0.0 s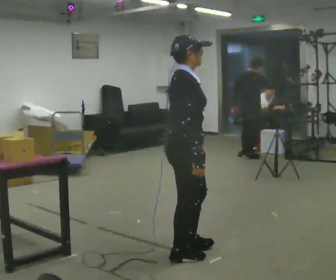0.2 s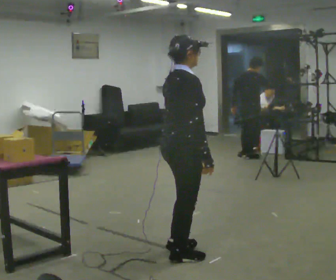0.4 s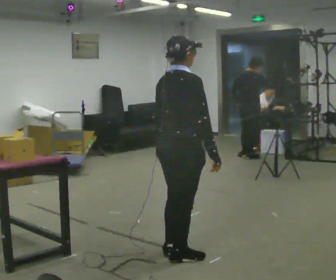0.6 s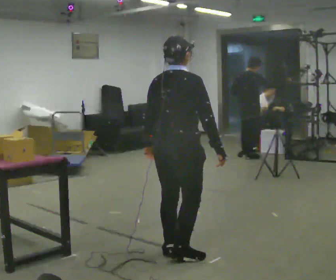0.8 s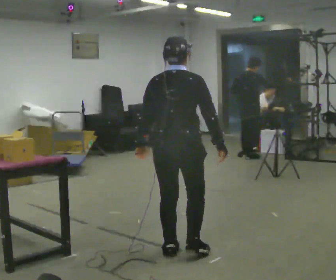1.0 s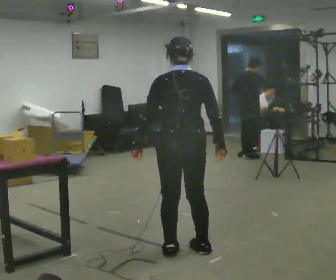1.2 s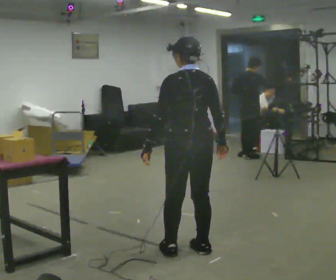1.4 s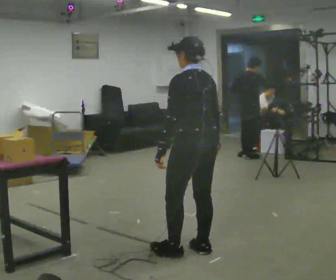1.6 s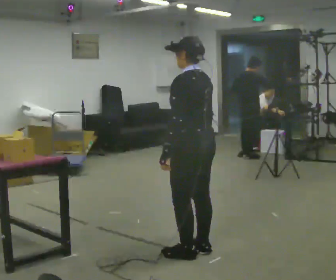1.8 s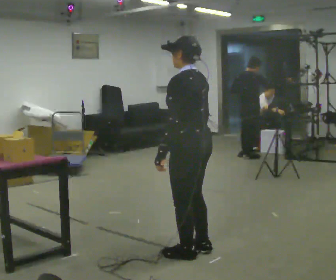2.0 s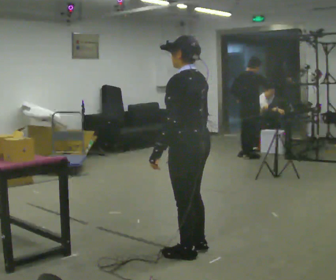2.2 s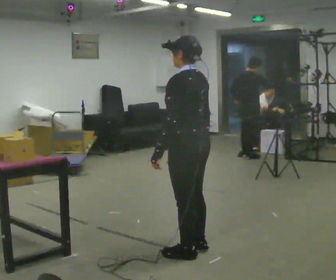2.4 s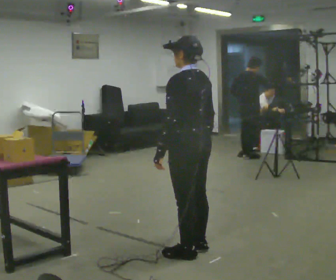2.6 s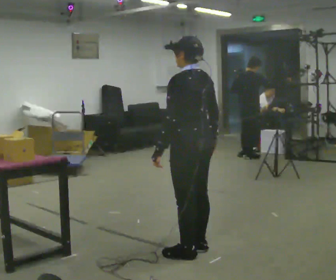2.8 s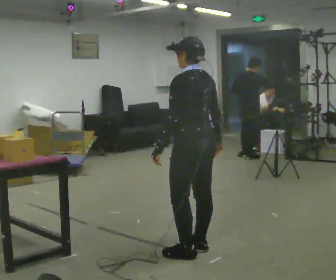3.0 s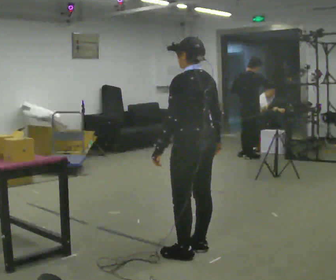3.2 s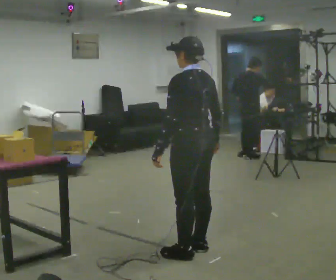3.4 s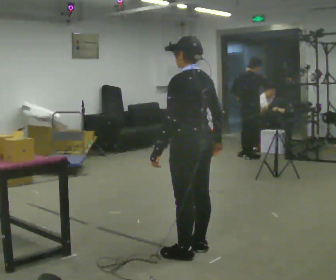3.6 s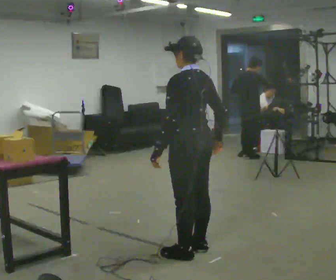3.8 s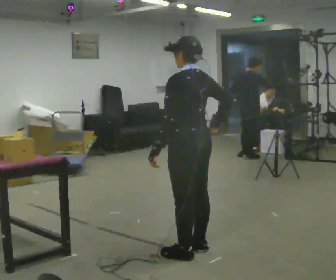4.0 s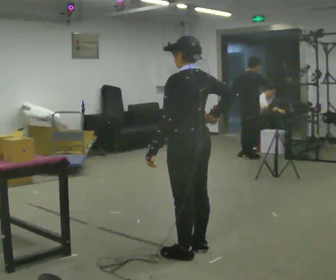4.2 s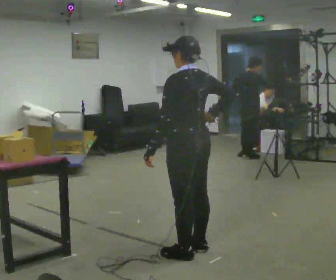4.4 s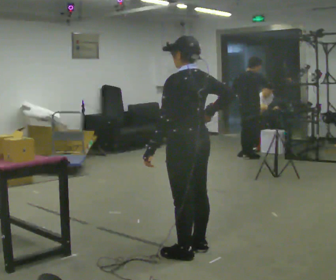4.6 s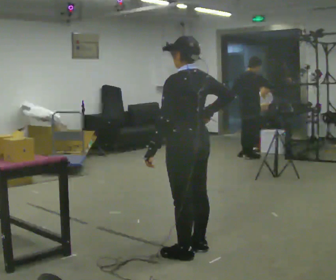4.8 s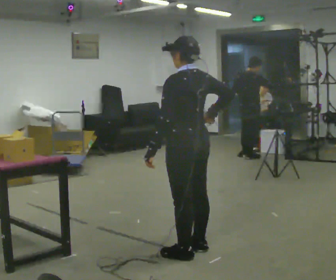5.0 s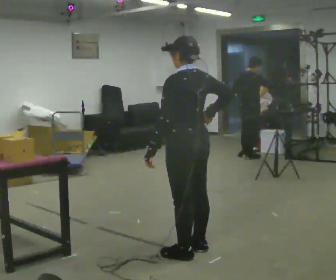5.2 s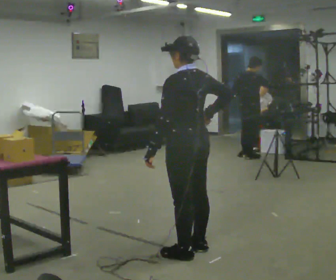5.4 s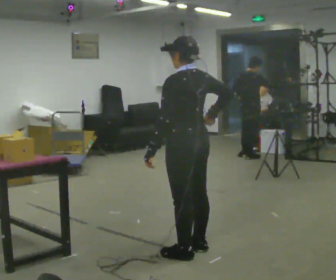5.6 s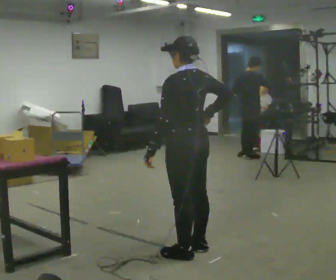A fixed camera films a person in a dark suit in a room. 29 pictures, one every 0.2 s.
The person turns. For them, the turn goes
to their left.
The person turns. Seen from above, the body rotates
counterclockwise.
0.0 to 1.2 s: The person turns about 105 degrees to their left, counterclockwise seen from above, so the part of the body nearest the lens slides to the right. In the picture their left hand goes to the left, the arm swinging clockwise.
1.2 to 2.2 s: Seen from above the body turns counterclockwise, about 30 degrees: to their left, with its near side sliding to the right.
2.2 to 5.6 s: The person moves a little, or ends about where they began.
The film runs forward here.
